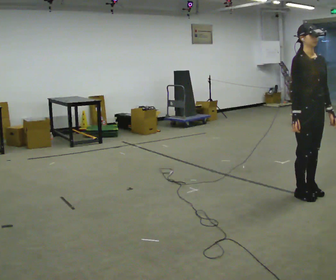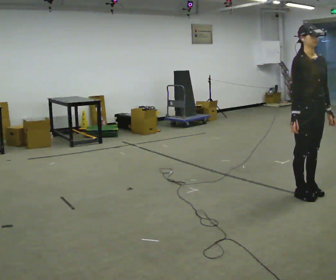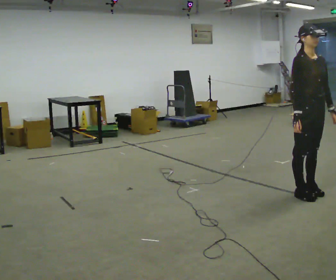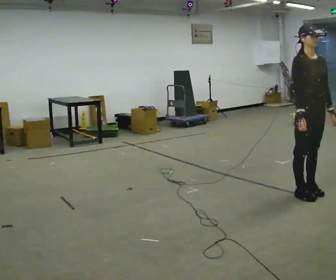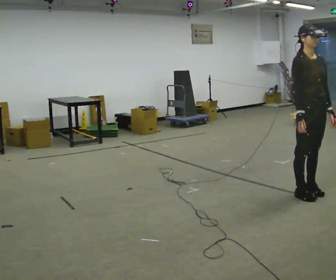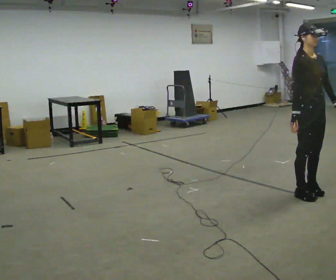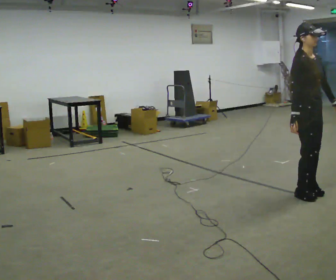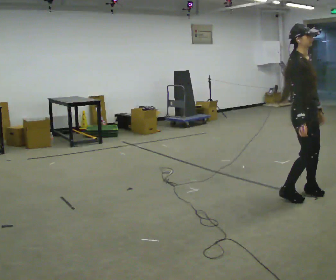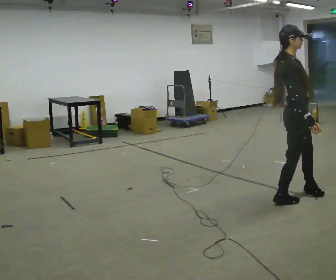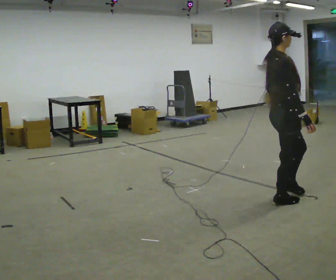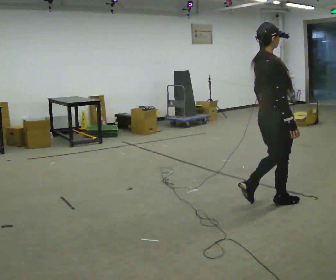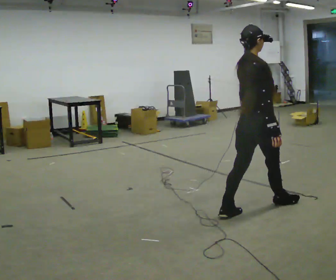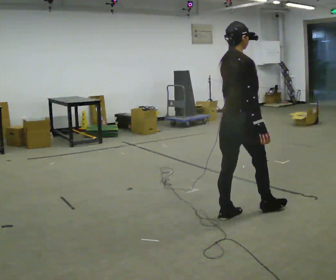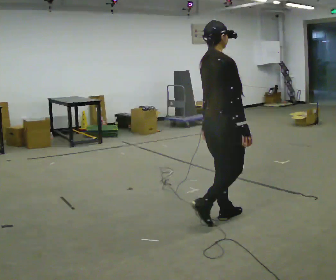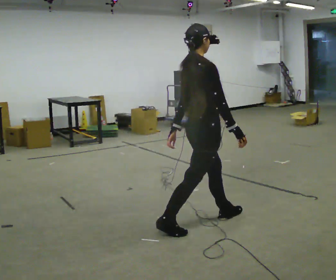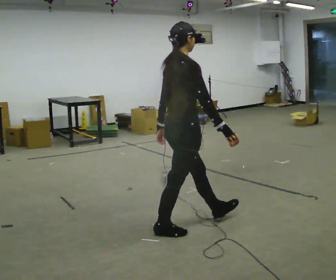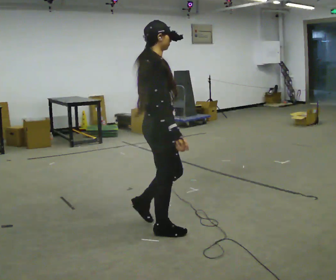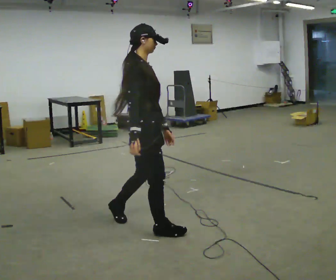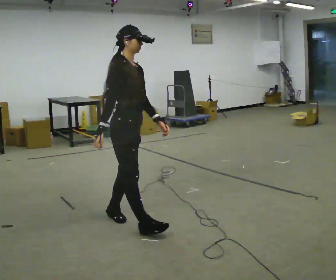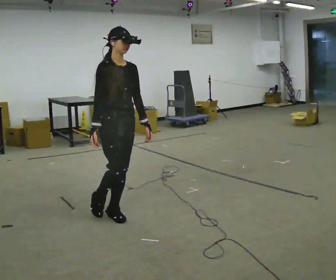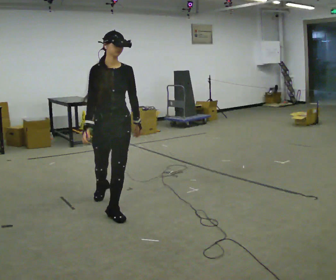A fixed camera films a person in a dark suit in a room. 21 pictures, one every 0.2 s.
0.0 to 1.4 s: The person moves a little, or ends about where they began.
1.4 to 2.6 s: Seen from above the body turns counterclockwise, about 75 degrees: to their left, with its near side sliding to the right. In the picture they go to the left and toward the camera, about 1 m in 2 steps.
2.6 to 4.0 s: Seen from above the body turns clockwise, about 105 degrees: to their right, with its near side sliding to the left. In the picture they go to the left, about 1 m in 2 steps.
The film runs backward here.
